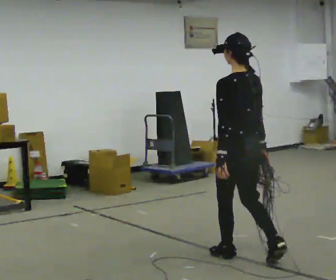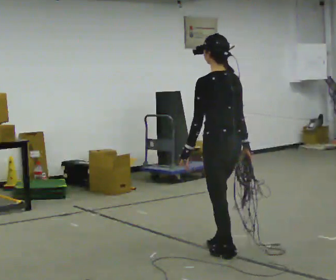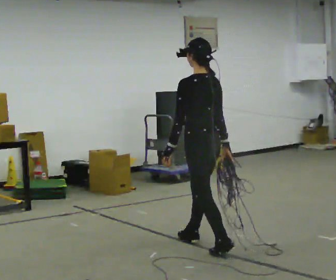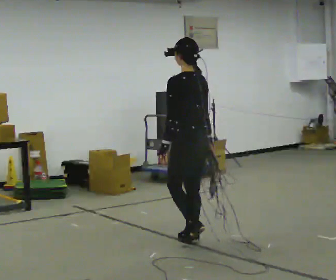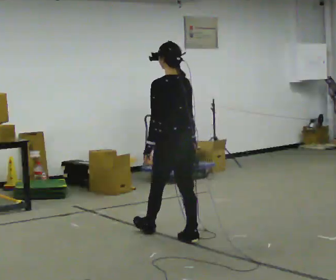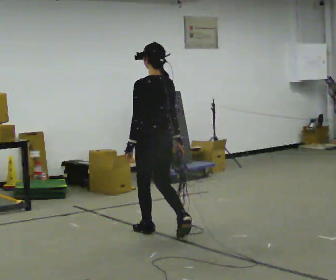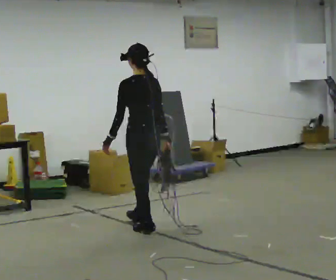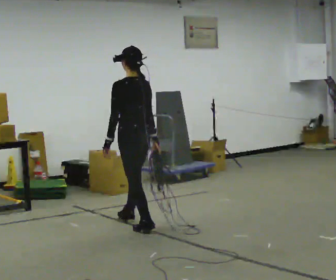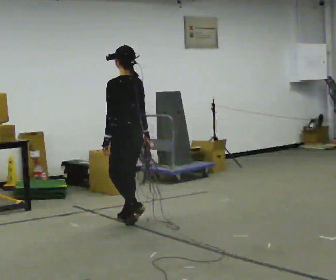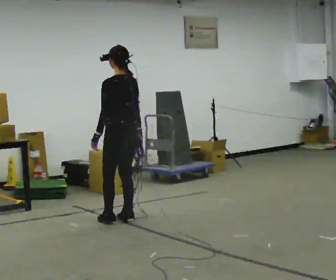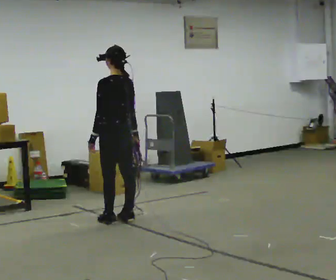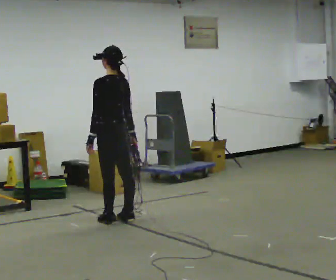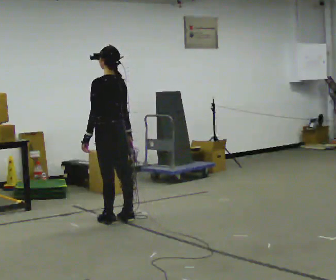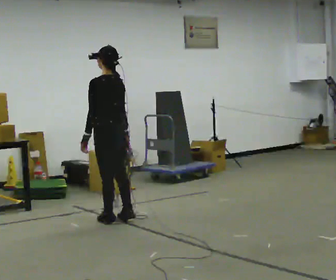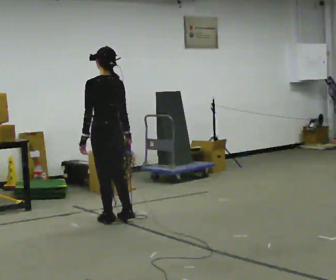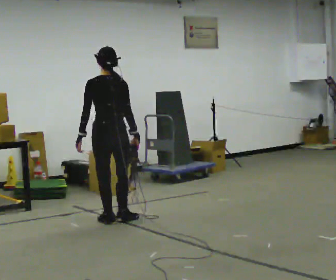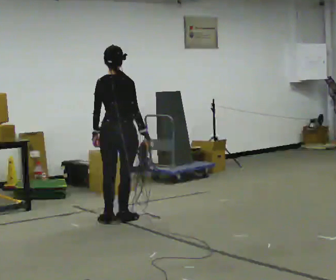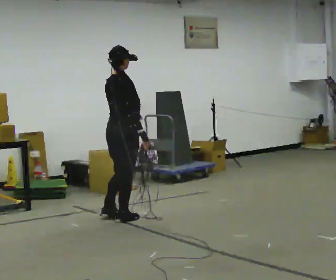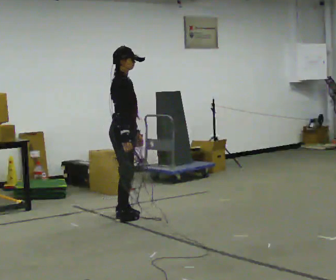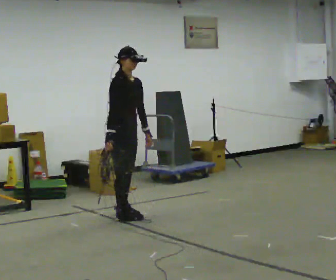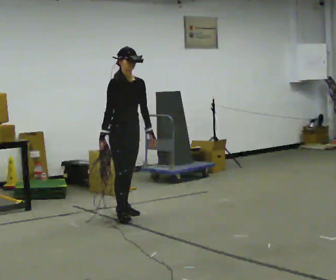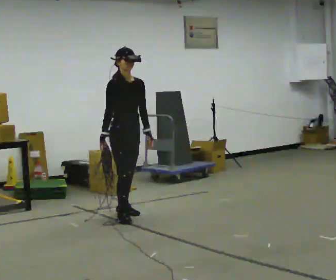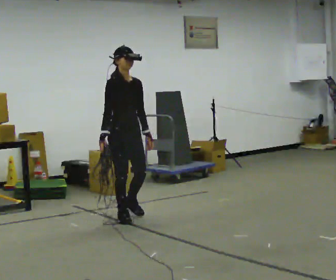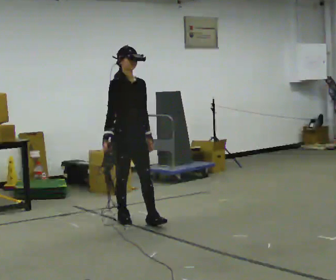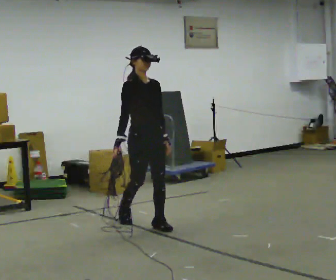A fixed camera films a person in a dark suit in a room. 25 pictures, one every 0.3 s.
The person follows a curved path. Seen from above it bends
clockwise.
0.0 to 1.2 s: In the picture they go away from the camera and to the left, about 1 m in 2 steps, which for them is forward.
1.2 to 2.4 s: In the picture they go away from the camera and to the left, about 0.5 m in 1 step, which for them is forward.
2.4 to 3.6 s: The person moves a little, or ends about where they began.
3.6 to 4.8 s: The part of the body nearest the lens slides to the left as the person turns to their right by about 75 degrees.
4.8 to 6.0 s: The part of the body nearest the lens slides to the left as the person turns to their right by about 120 degrees. In the picture they go away from the camera, about 0.25 m in 1 step. In the picture their right hand goes to the left, the arm swinging clockwise.
6.0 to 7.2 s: In the picture they go toward the camera and to the right, about 0.5 m in 1 step, which for them is forward.
The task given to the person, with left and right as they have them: Pick up the coiled hose, carry it across the room, and set it down. It will move around as you walk. Keep going until the operator says stop; one object at a time, and do not rush between trips.
The film runs forward here.
